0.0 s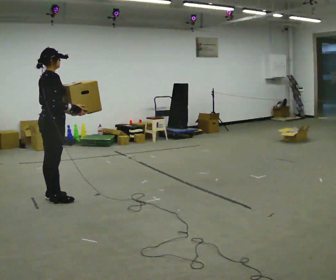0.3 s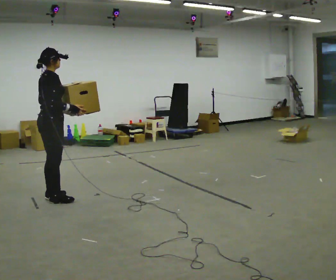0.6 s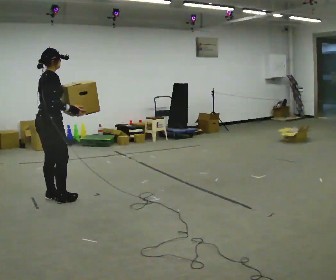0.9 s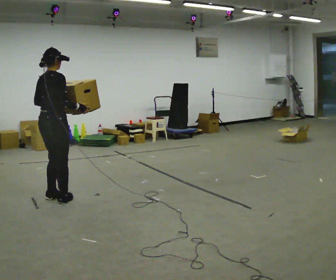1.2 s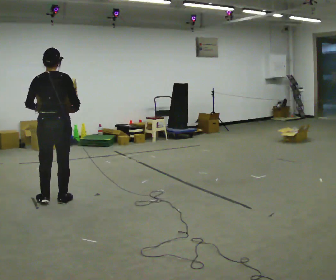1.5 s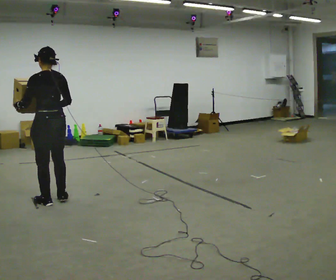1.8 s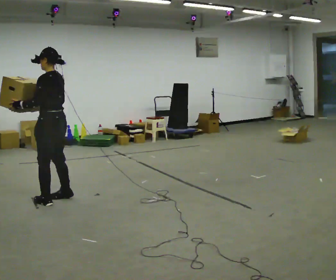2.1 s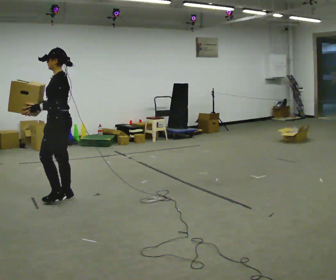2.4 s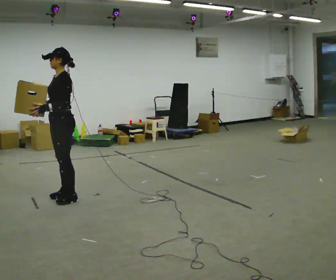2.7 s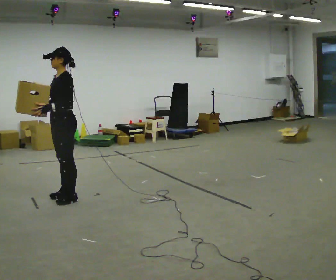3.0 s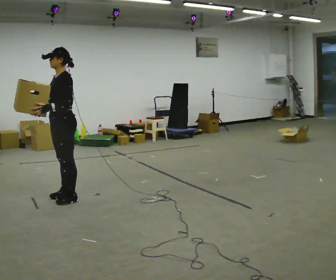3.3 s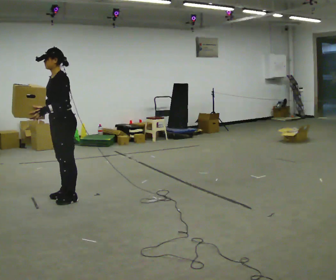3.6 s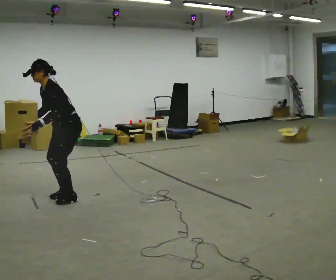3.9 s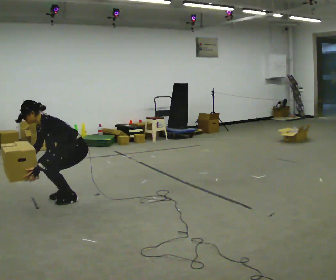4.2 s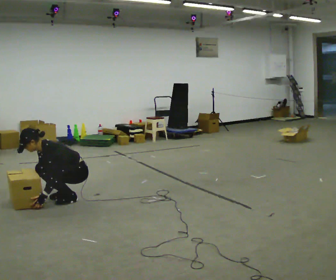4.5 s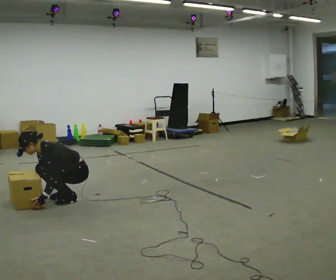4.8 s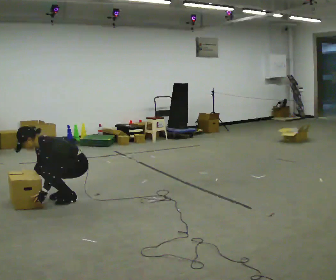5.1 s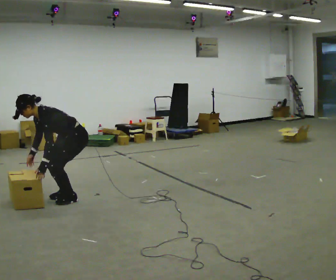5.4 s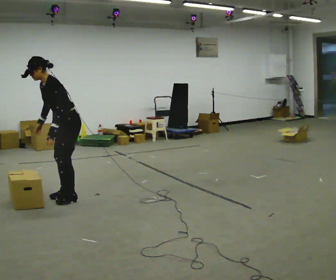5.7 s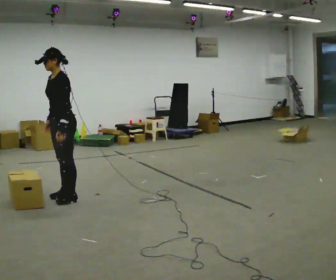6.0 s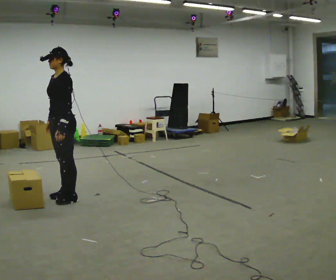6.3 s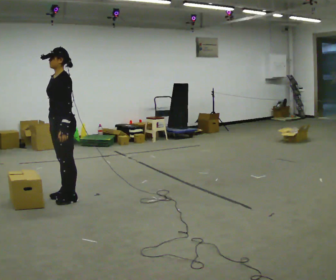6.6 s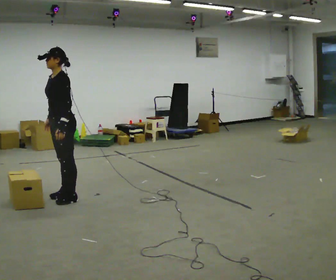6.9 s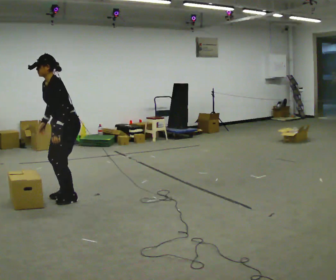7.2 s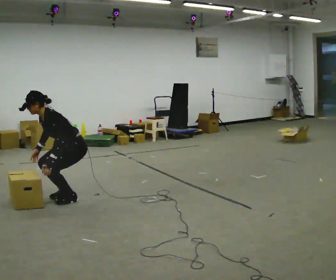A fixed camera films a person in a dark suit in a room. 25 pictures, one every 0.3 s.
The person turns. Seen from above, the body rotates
counterclockwise.
The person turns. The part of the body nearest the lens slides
to the right.
0.0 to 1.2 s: The part of the body nearest the lens slides to the right as the person turns to their left by about 60 degrees.
1.2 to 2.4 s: Seen from above the body turns counterclockwise, about 120 degrees: to their left, with its near side sliding to the right. In the picture their right hand goes to the left.
2.4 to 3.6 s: In the picture the upper body tilts counterclockwise, shoulders to the left, as they bend forward.
3.6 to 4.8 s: The upper body goes downward. In the picture the upper body tilts counterclockwise, shoulders to the left, as they bend forward. In the picture their left hand goes downward.
4.8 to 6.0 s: The upper body goes upward. In the picture the upper body tilts clockwise, shoulders to the right, as they lean back or straighten. In the picture their right hand goes upward.
6.0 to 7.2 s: The shoulders move downward. In the picture the upper body tilts counterclockwise, shoulders to the left, as they bend forward.
The film runs backward here.
